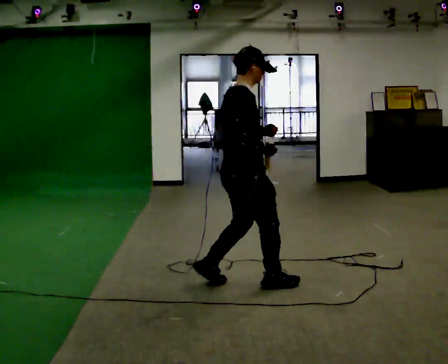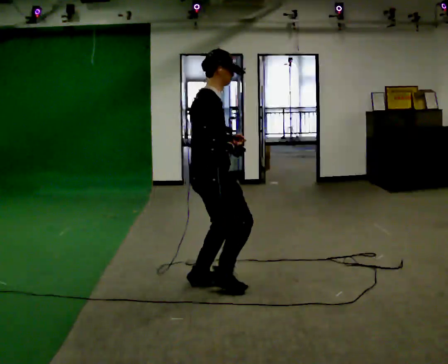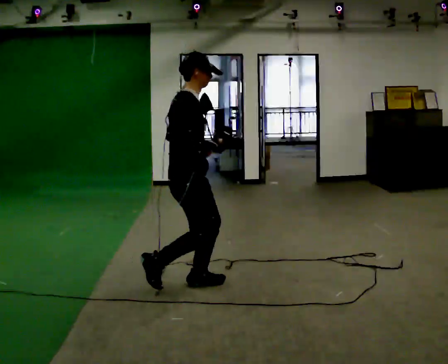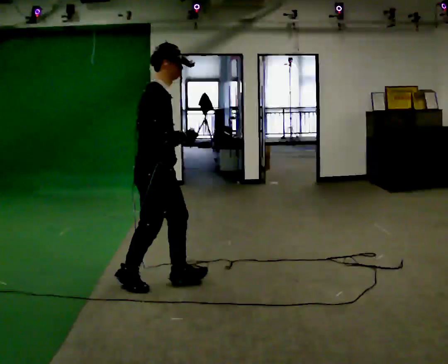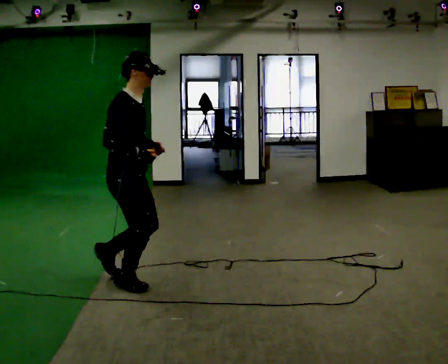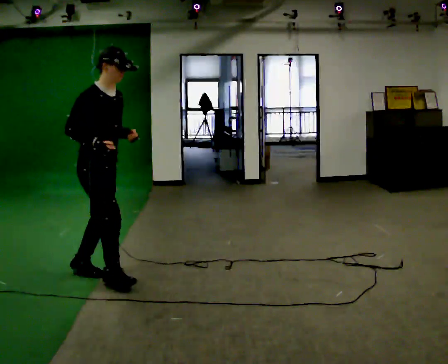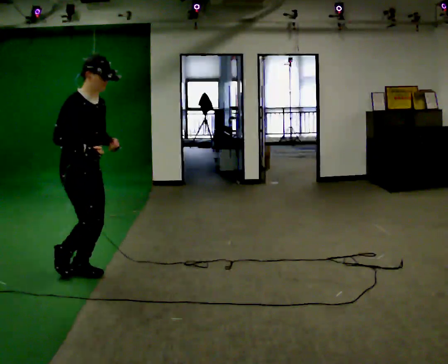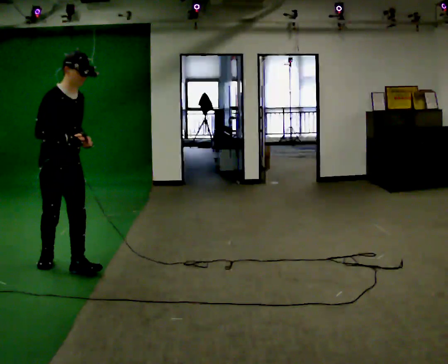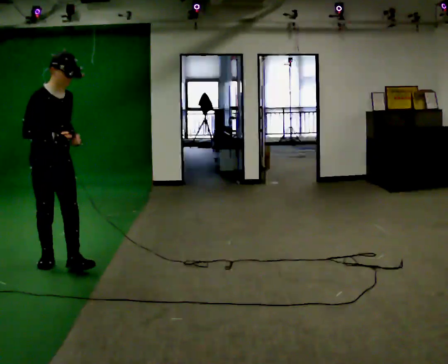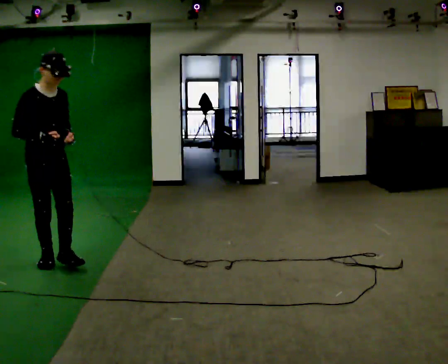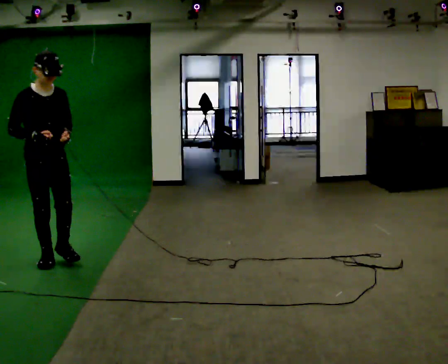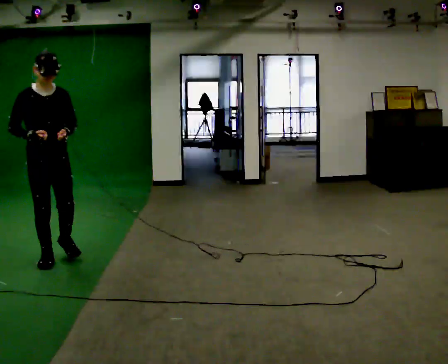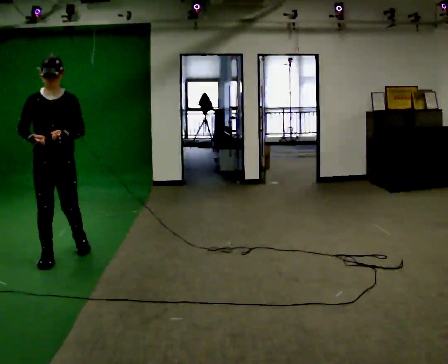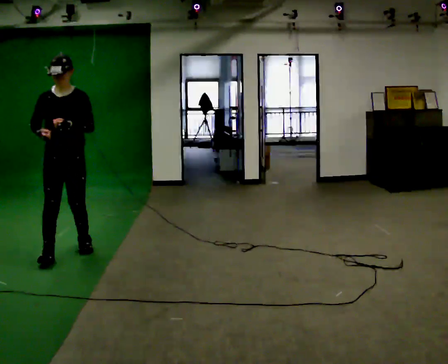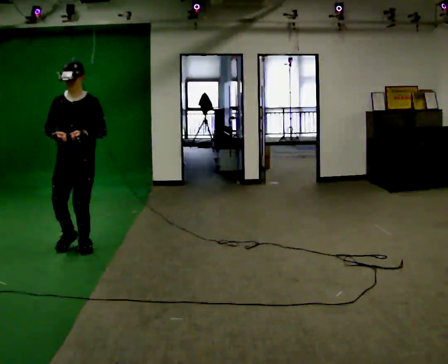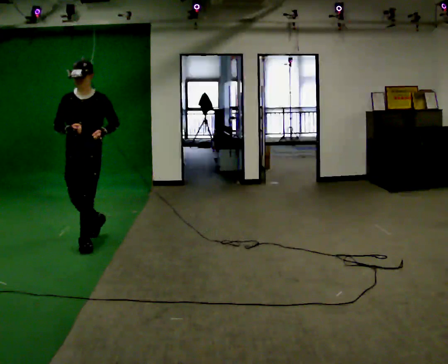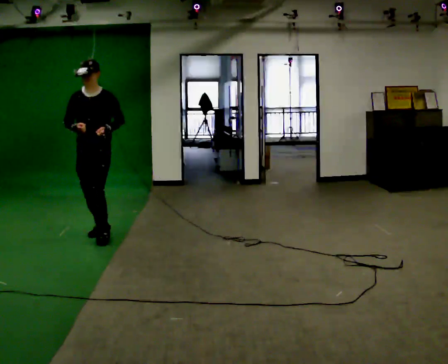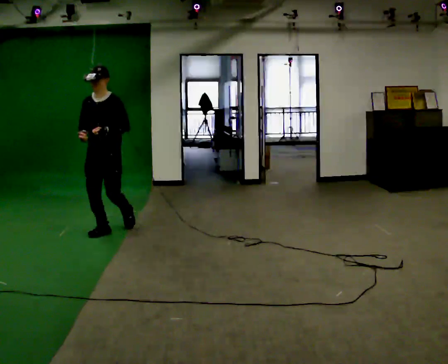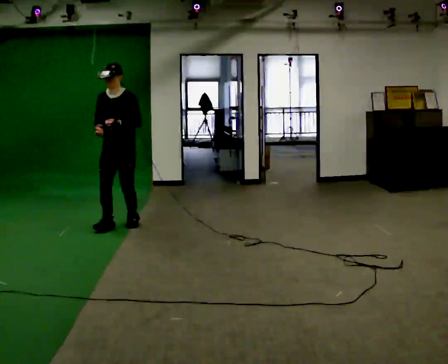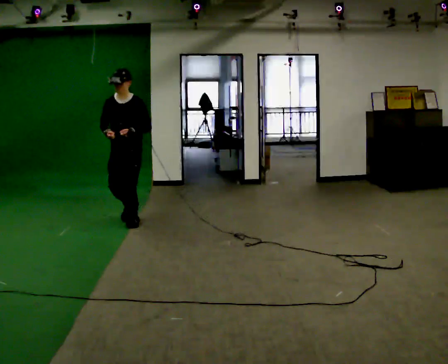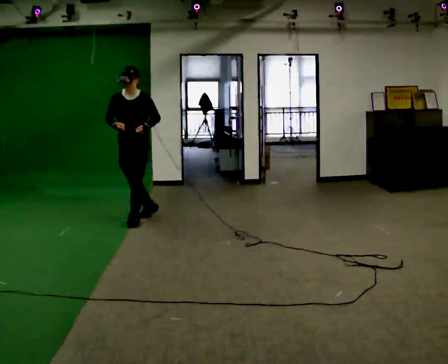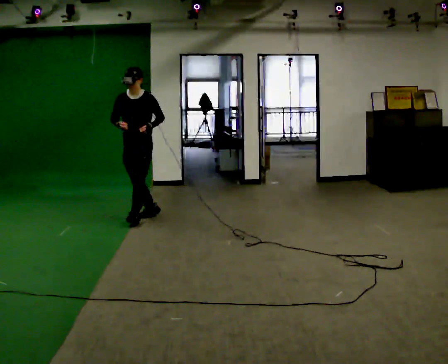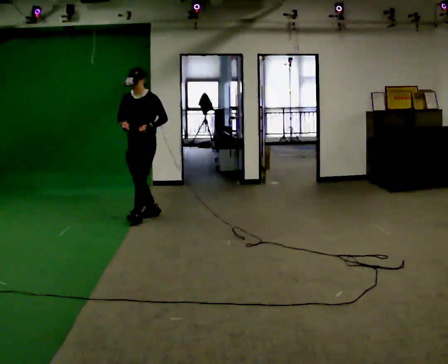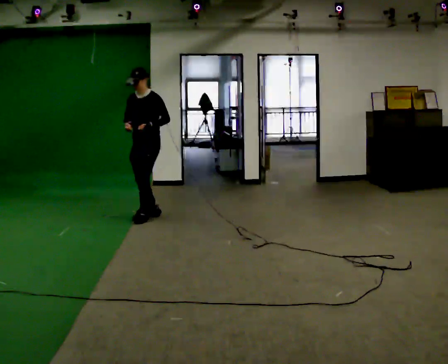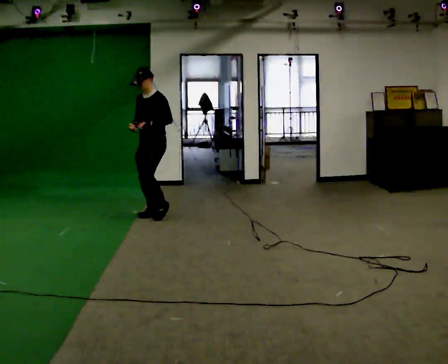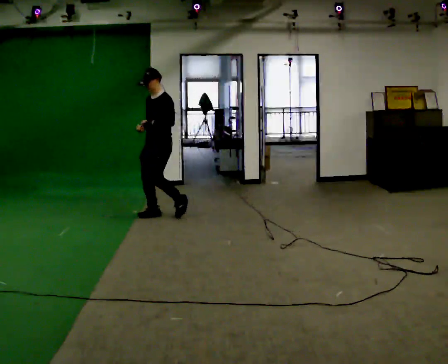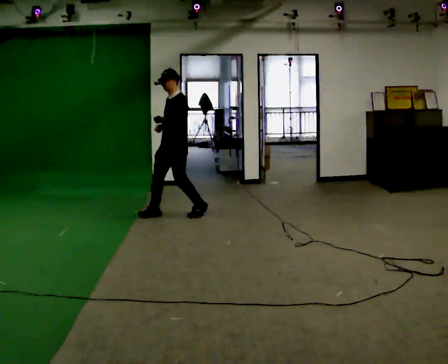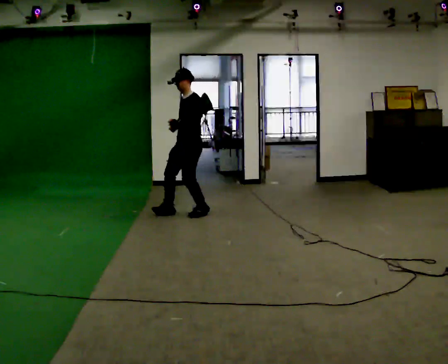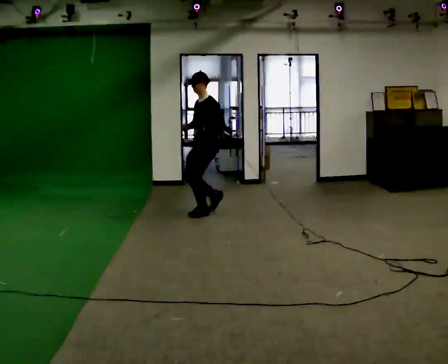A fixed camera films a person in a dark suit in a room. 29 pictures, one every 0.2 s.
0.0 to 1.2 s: The person turns about 45 degrees to their right, clockwise seen from above, so the part of the body nearest the lens slides to the left. In the picture they go to the left and away from the camera, about 1 m in 3 steps, which for them is backward.
1.2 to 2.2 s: The person turns about 30 degrees to their right, clockwise seen from above, so the part of the body nearest the lens slides to the left. In the picture they go away from the camera and to the left, about 0.5 m in 1 step, which for them is backward.
2.2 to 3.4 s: The part of the body nearest the lens slides to the left as the person turns to their right by about 45 degrees. In the picture they go away from the camera and to the right, about 1 m in 2 steps, which for them is backward.
3.4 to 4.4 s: In the picture they go away from the camera and to the right, about 1 m in 2 steps, which for them is backward.
4.4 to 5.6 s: The part of the body nearest the lens slides to the left as the person turns to their right by about 45 degrees. In the picture they go to the right, about 0.75 m in 1 step, which for them is backward and to their left.
The film runs backward here.
